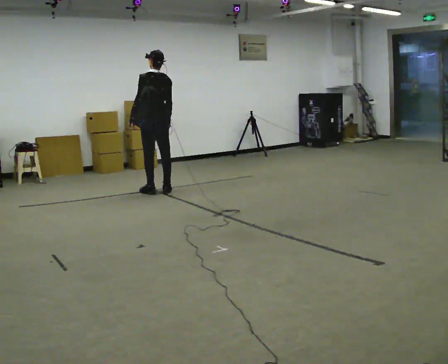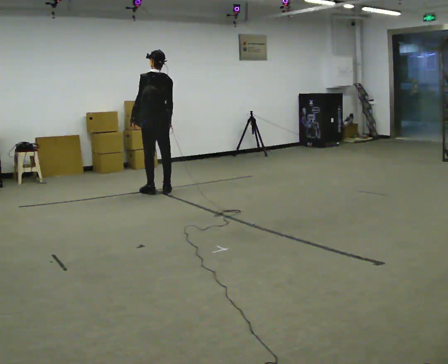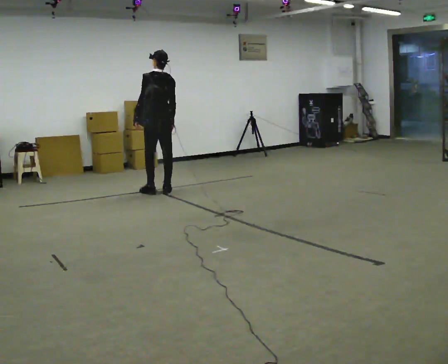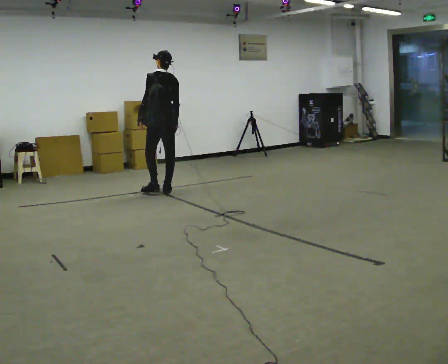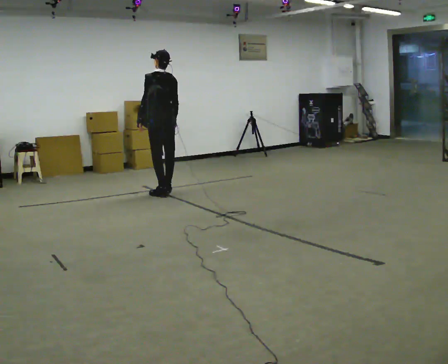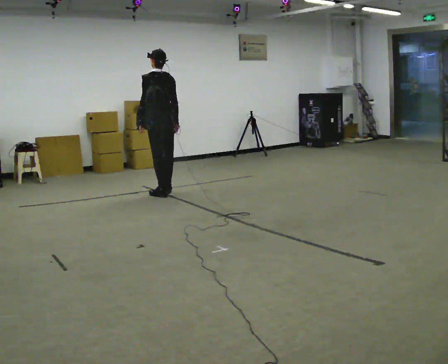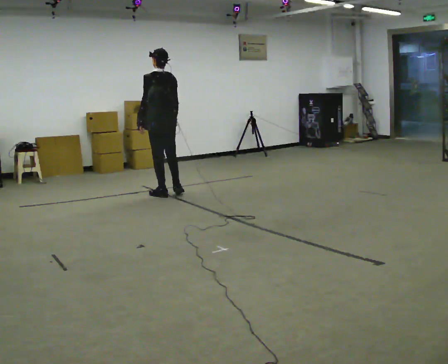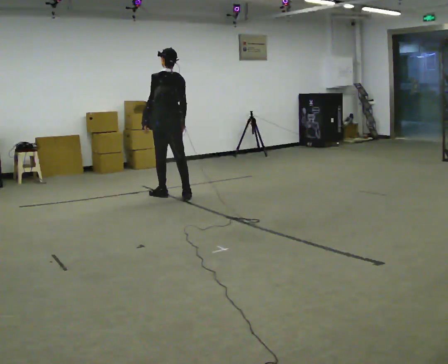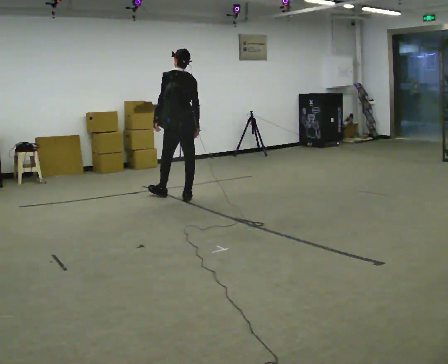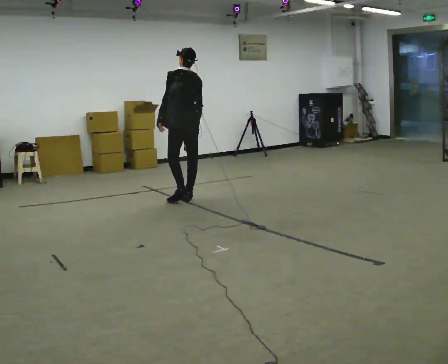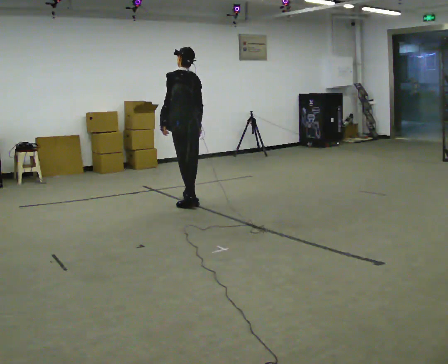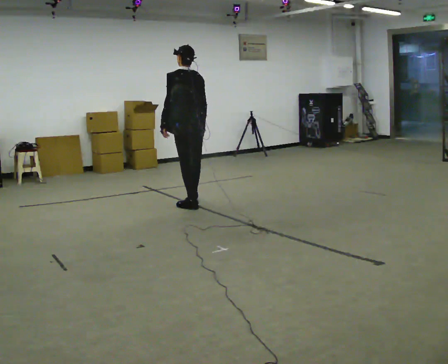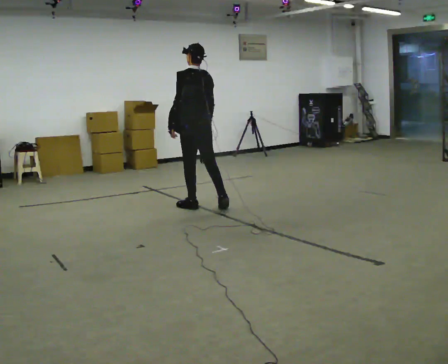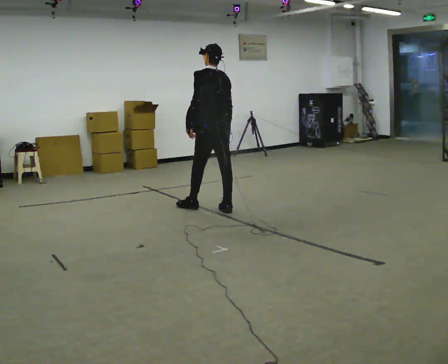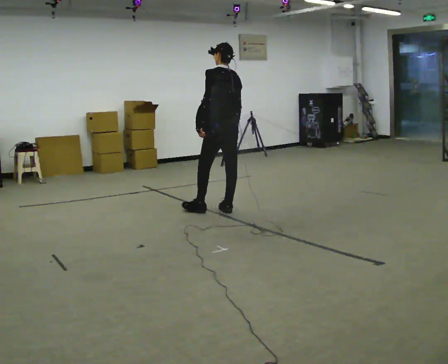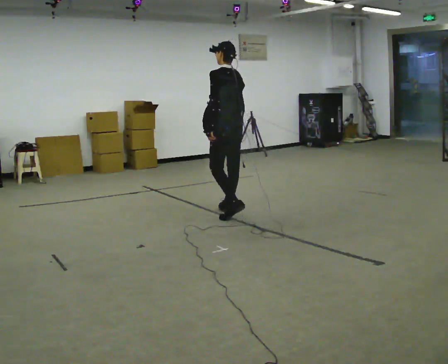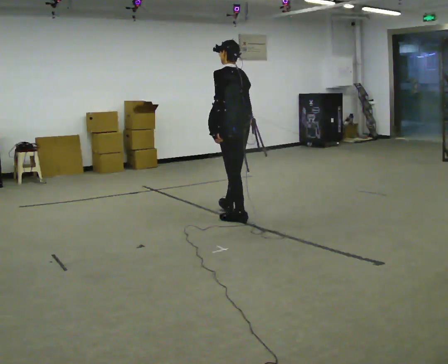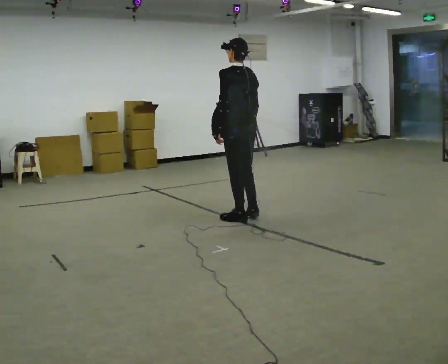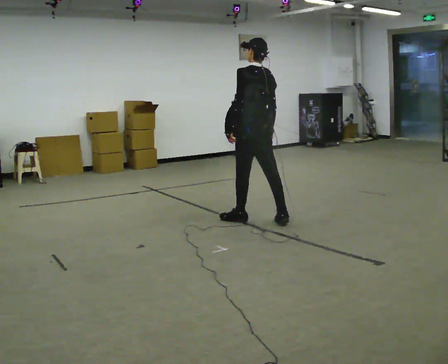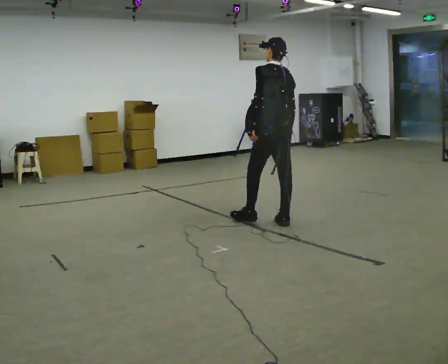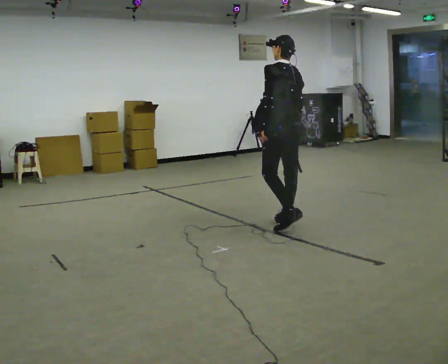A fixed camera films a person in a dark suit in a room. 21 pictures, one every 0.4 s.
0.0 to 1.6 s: The person moves a little, or ends about where they began.
1.6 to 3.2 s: In the picture they go toward the camera and to the right, about 0.5 m in 1 step, which for them is backward.
3.2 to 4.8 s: In the picture they go toward the camera, about 0.5 m in 2 steps, which for them is backward.
4.8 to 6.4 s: In the picture they go toward the camera and to the right, about 0.5 m in 1 step, which for them is backward.
6.4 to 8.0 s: In the picture they go to the right and toward the camera, about 0.5 m in 2 steps, which for them is backward.
The film runs backward here.
